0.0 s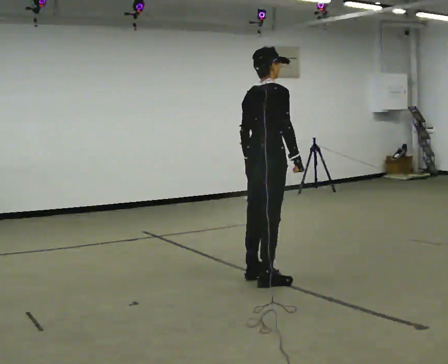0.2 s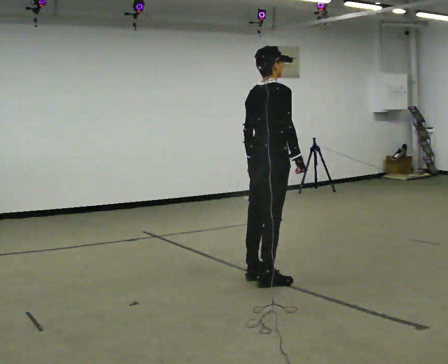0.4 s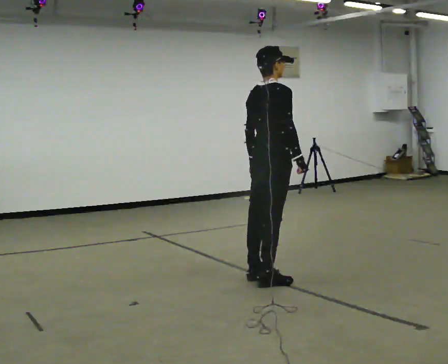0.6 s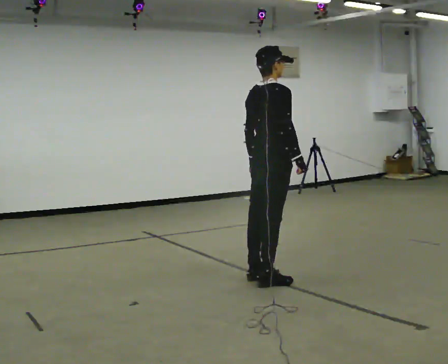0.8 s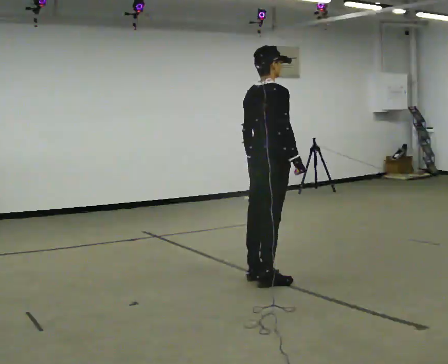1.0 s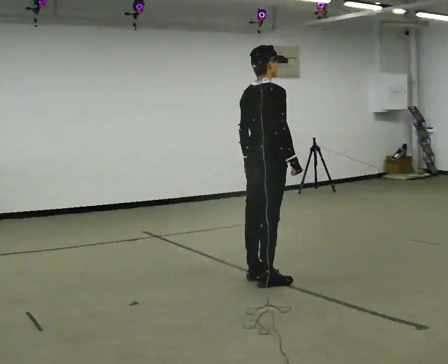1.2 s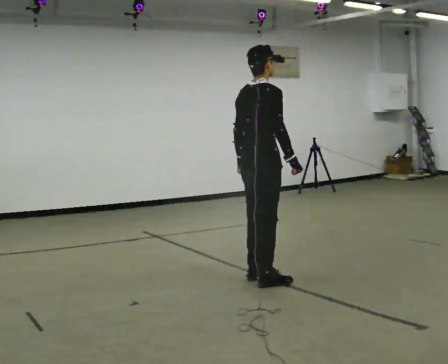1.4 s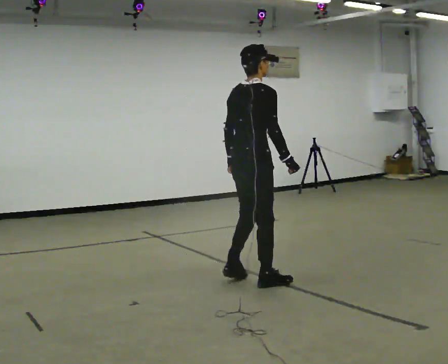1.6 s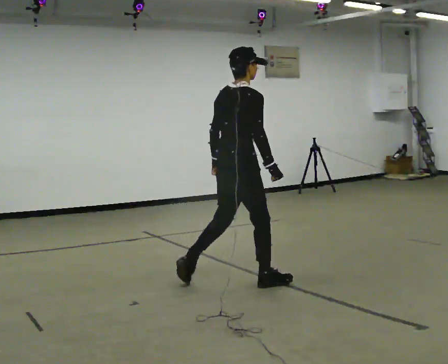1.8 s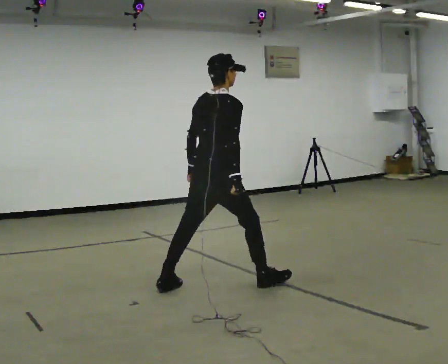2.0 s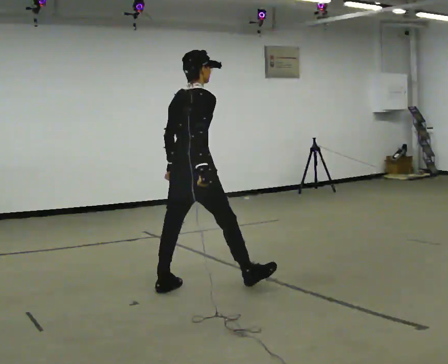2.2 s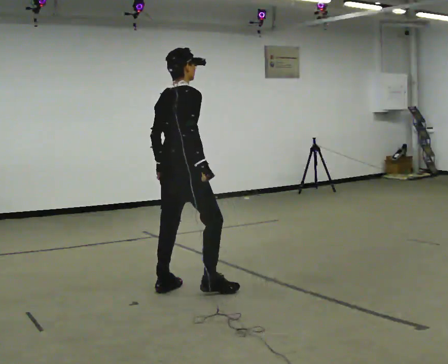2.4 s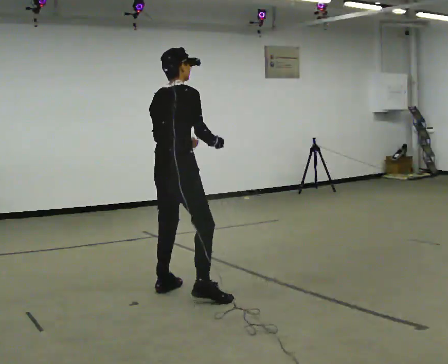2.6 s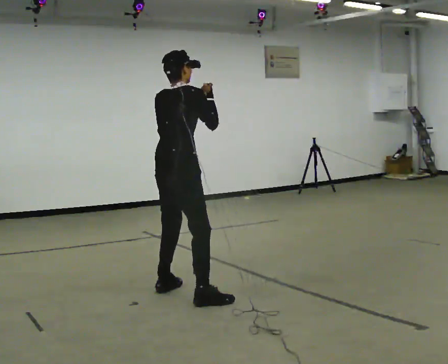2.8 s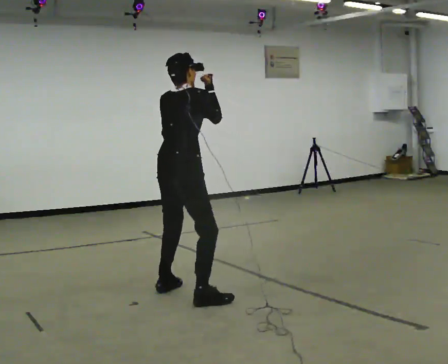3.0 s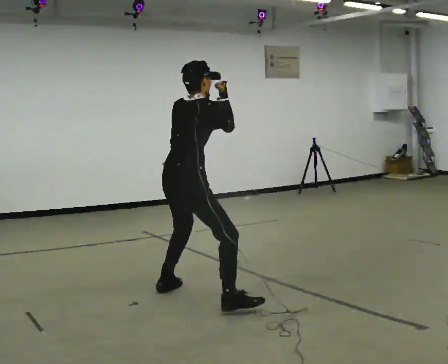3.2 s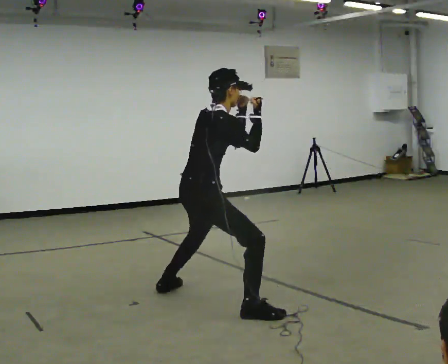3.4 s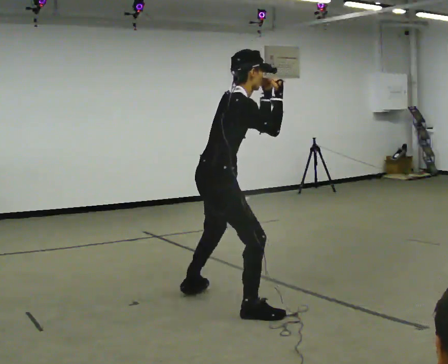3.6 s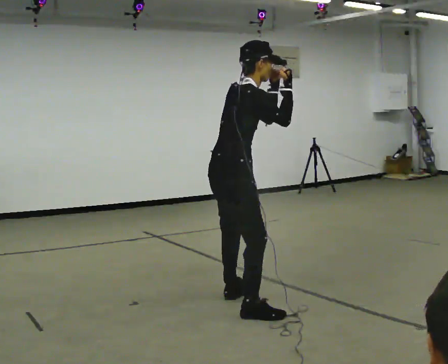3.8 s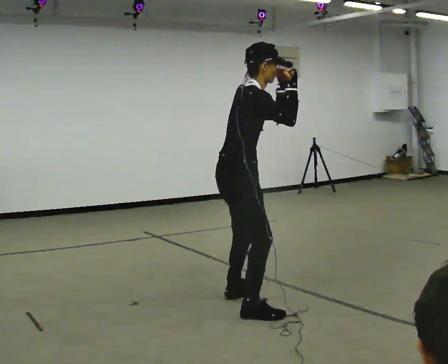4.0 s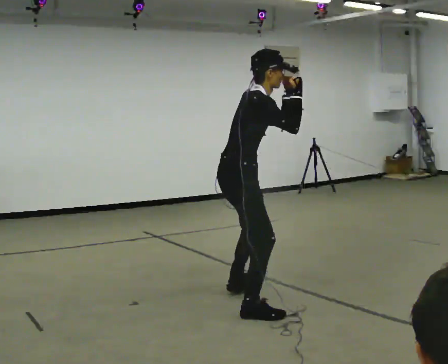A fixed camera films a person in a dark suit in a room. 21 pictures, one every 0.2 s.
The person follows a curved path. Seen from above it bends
counterclockwise.
0.0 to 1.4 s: The person moves a little, or ends about where they began.
1.4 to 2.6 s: In the picture they go to the left, about 0.5 m in 1 step, which for them is backward and to their left. In the picture their right hand goes upward.
2.6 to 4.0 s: The person turns about 45 degrees to their right, clockwise seen from above, so the part of the body nearest the lens slides to the left. In the picture they go to the right and toward the camera, about 0.5 m in 3 steps, which for them is to their right and forward. The upper body tips toward the camera, its near side rolling downward.
The film runs backward here.
